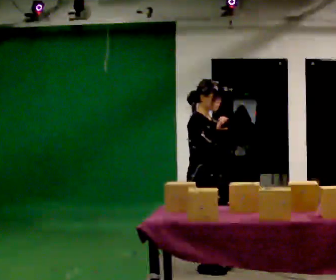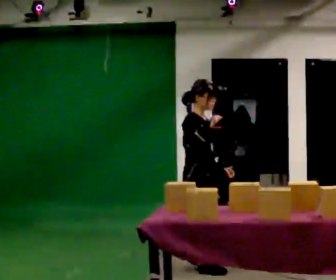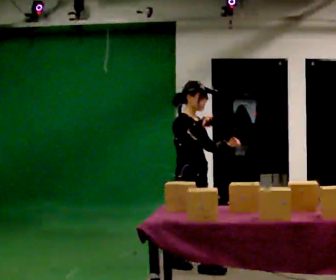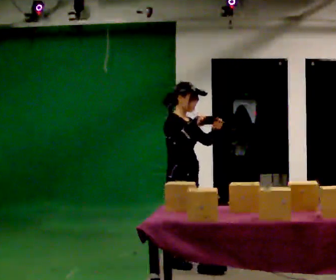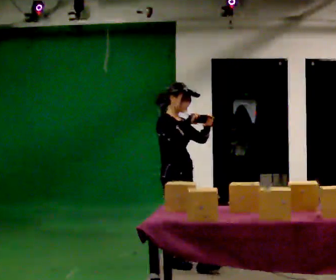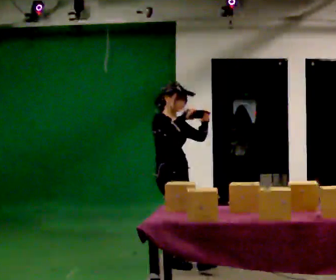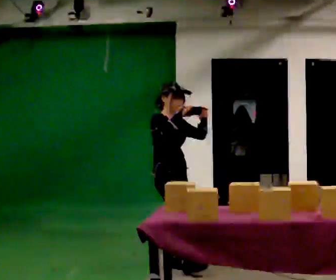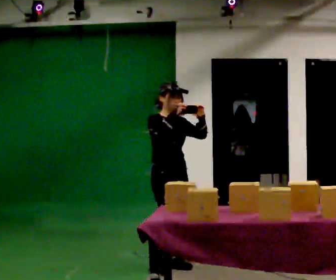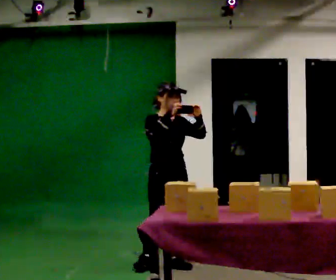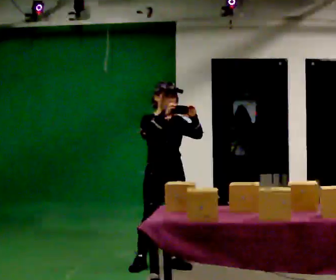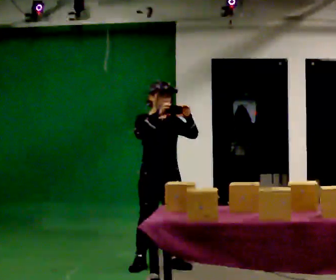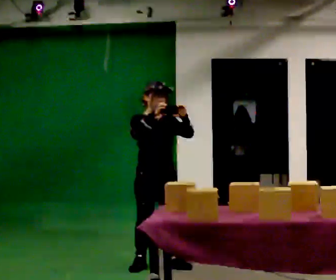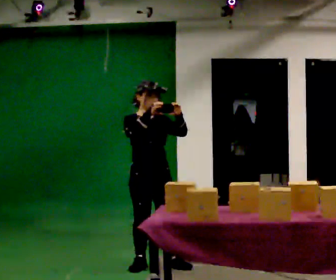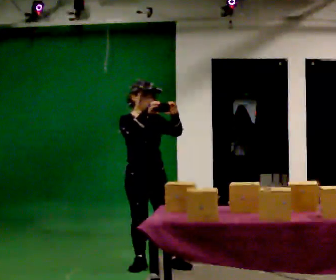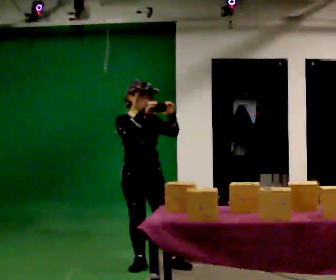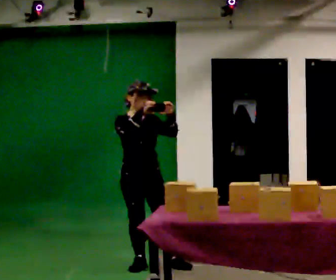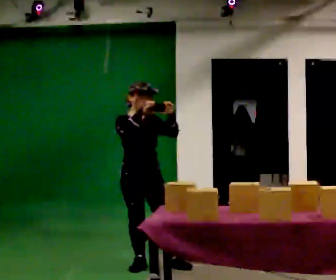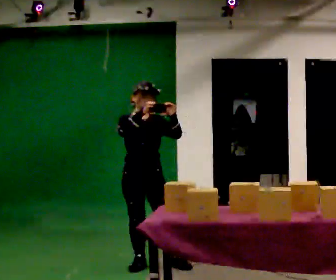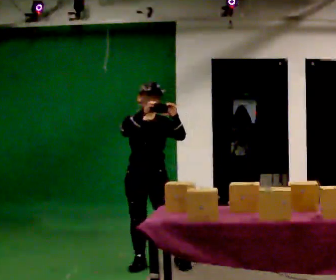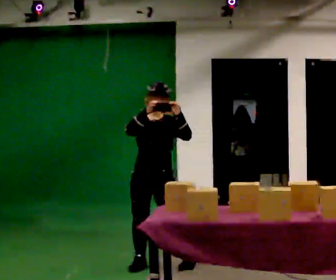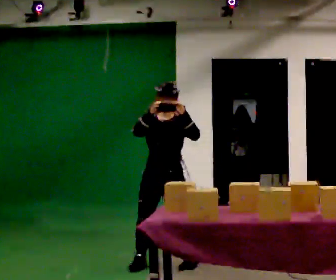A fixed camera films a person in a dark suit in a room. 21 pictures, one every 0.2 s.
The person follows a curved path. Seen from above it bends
counterclockwise.
The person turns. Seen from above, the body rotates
clockwise.
0.0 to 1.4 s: Seen from above the body turns clockwise, about 30 degrees: to their right, with its near side sliding to the left. In the picture they go to the left and away from the camera, about 0.25 m in 1 step, which for them is backward. In the picture their left hand goes upward.
1.4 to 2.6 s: In the picture they go to the left, about 0.25 m, which for them is to their right.
2.6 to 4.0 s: Seen from above the body turns clockwise, about 45 degrees: to their right, with its near side sliding to the left. In the picture they go to the right, about 0.25 m in 1 step, which for them is to their left.
The film runs backward here.
